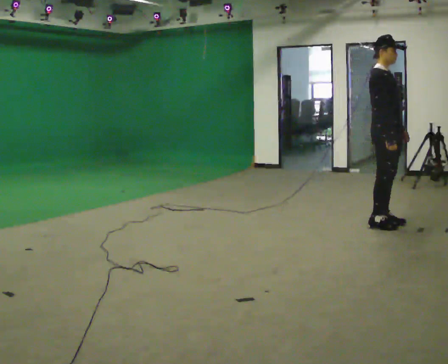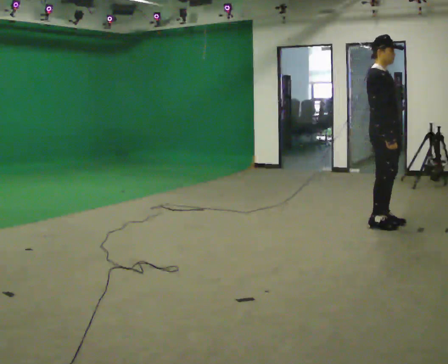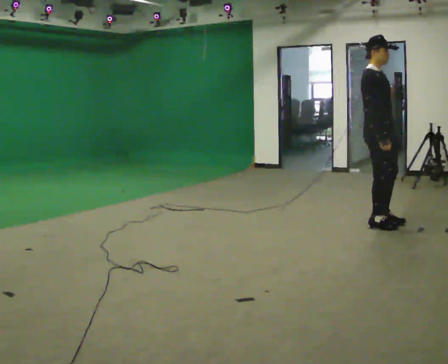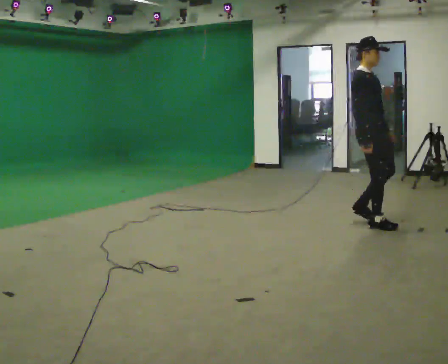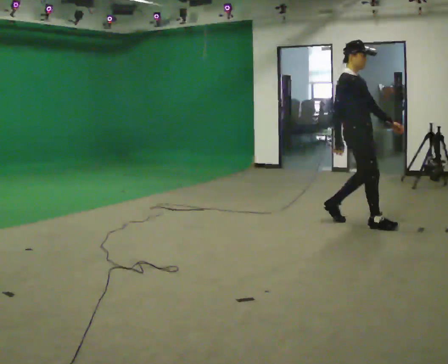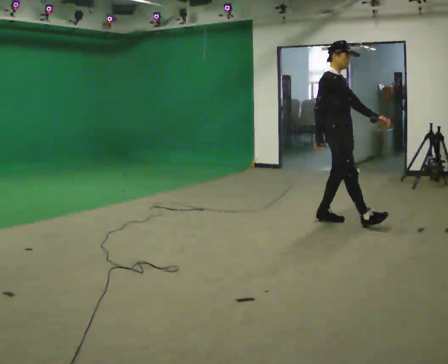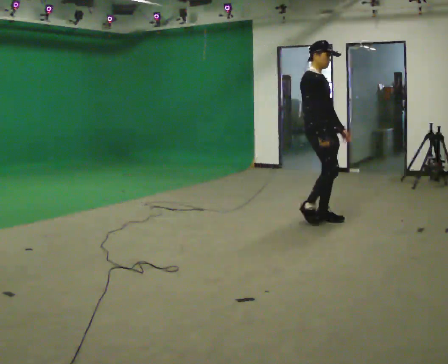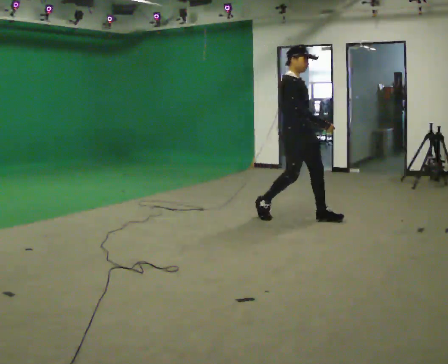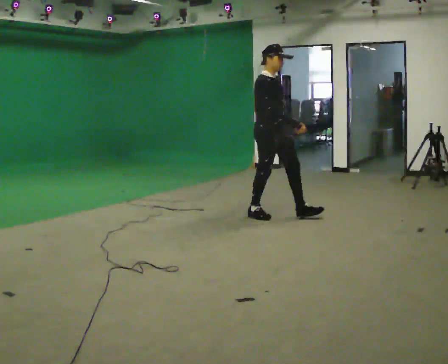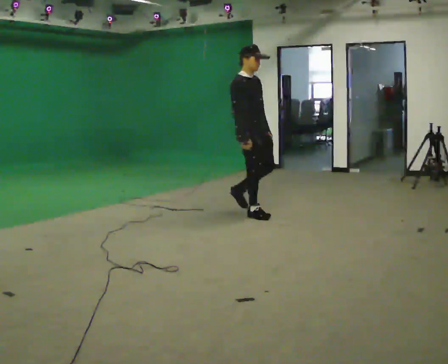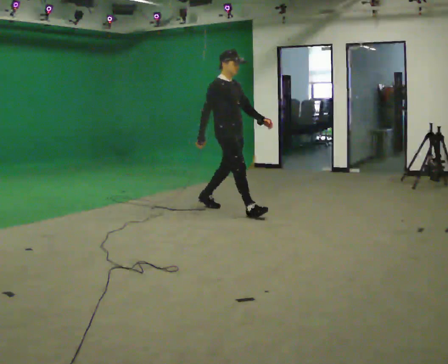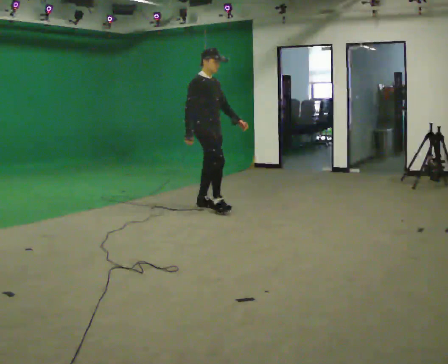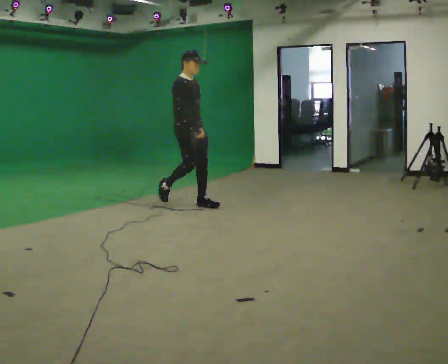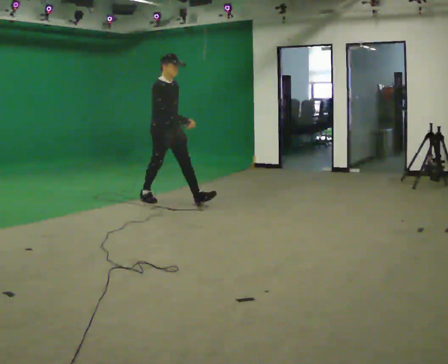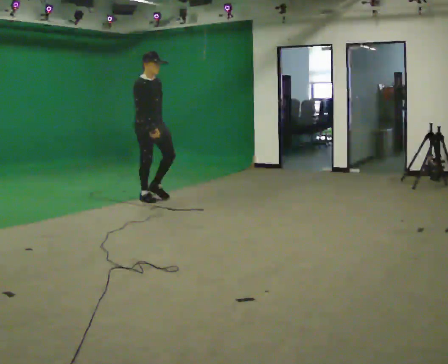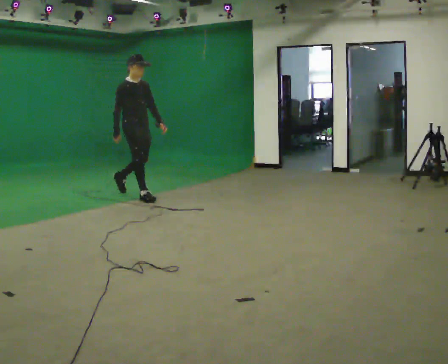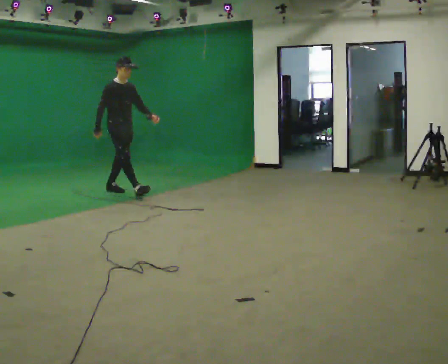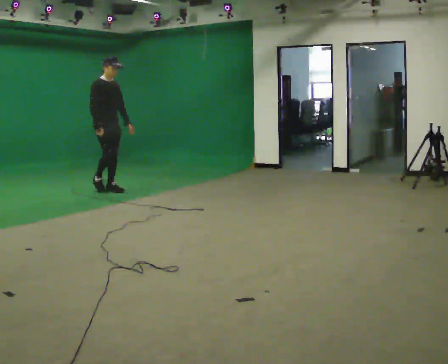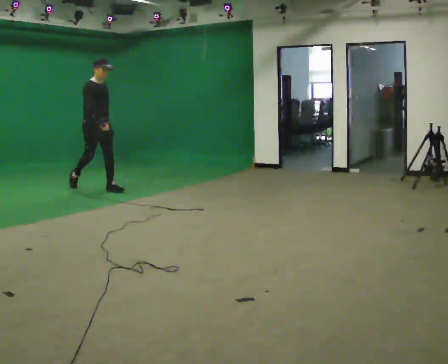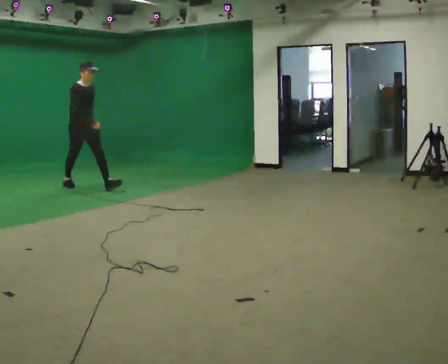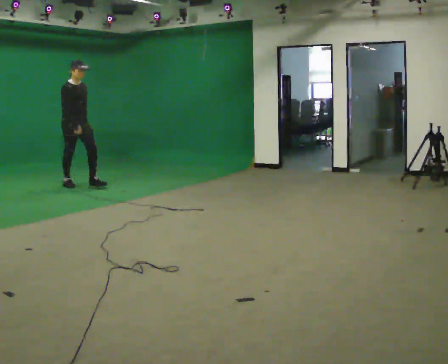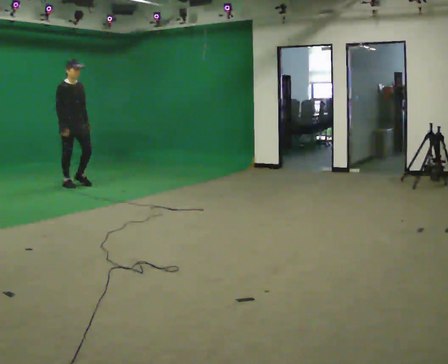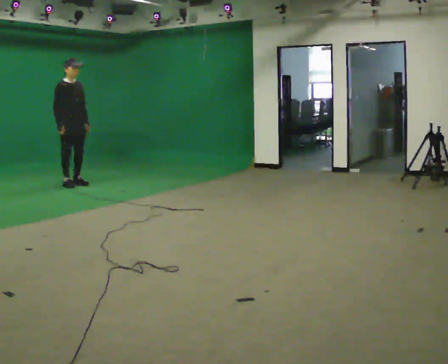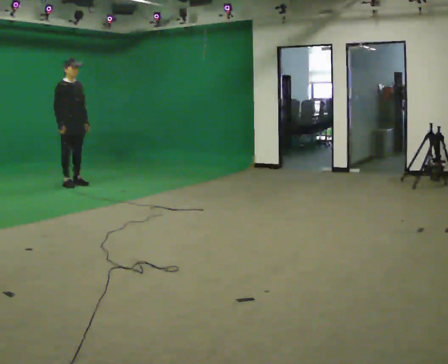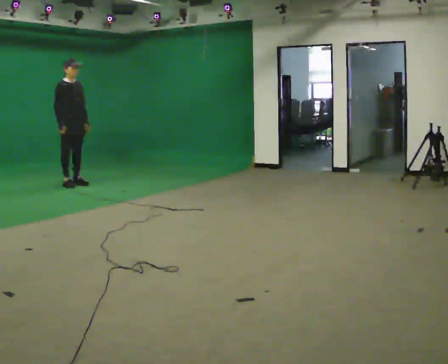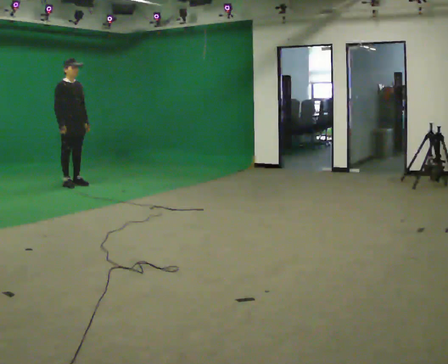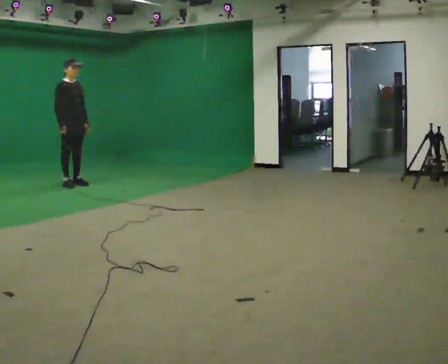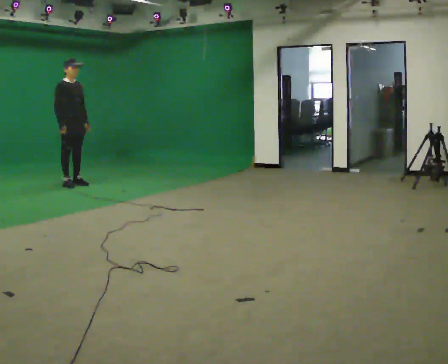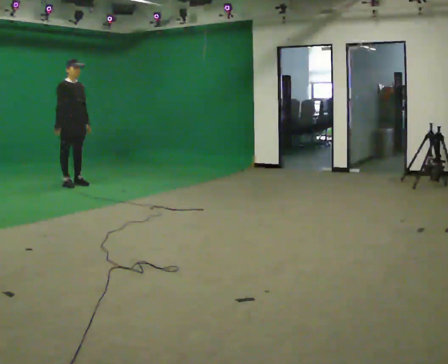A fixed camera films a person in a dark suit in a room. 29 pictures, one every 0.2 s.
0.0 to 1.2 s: In the picture they go to the left and away from the camera, about 0.75 m in 2 steps, which for them is backward.
1.2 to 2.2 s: In the picture they go to the left and away from the camera, about 1.5 m in 2 steps, which for them is backward.
2.2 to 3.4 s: In the picture they go to the left and away from the camera, about 1.5 m in 2 steps, which for them is backward.
3.4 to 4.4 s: In the picture they go to the left and away from the camera, about 0.5 m in 1 step, which for them is backward.
4.4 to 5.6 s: The person moves a little, or ends about where they began.
The film runs backward here.
